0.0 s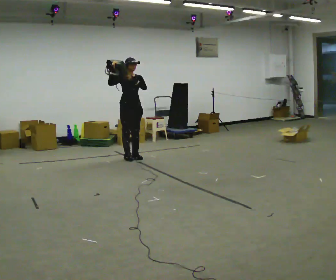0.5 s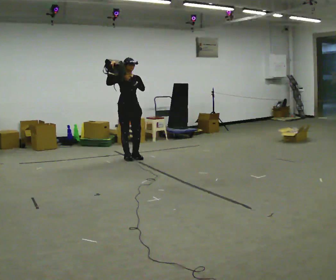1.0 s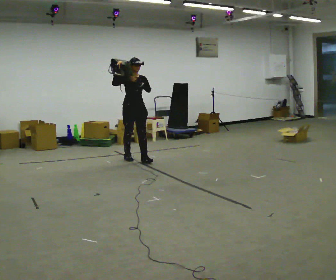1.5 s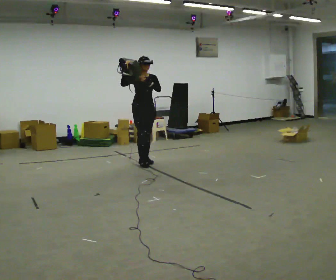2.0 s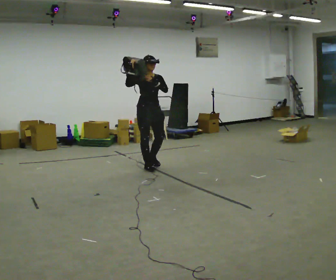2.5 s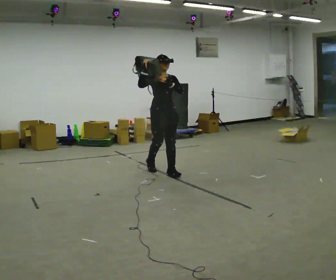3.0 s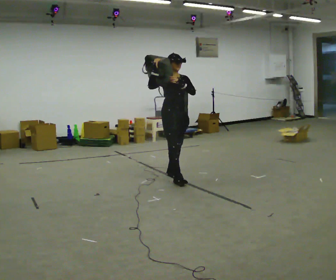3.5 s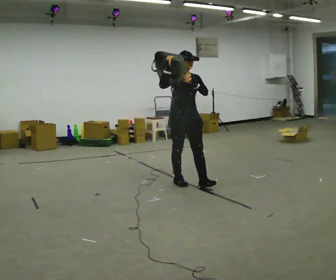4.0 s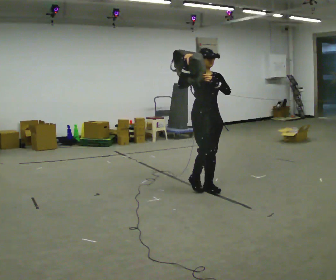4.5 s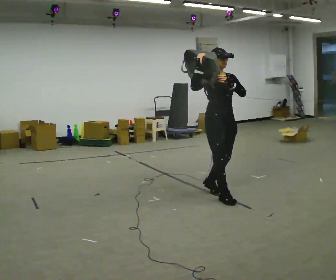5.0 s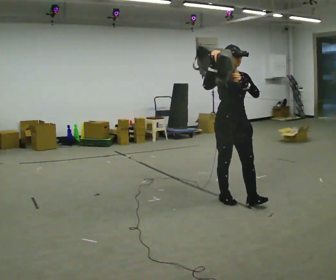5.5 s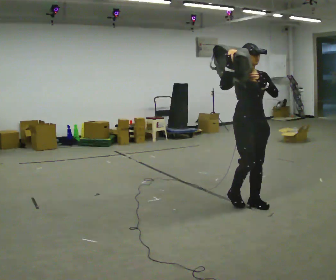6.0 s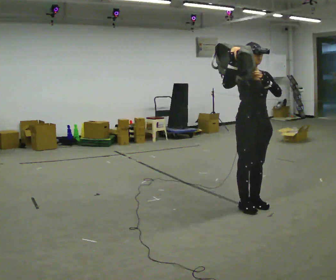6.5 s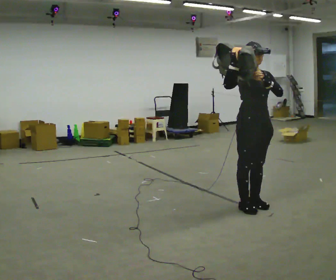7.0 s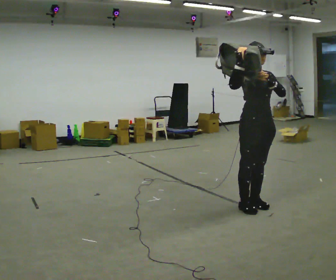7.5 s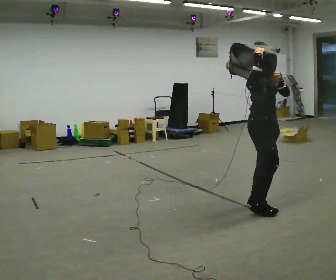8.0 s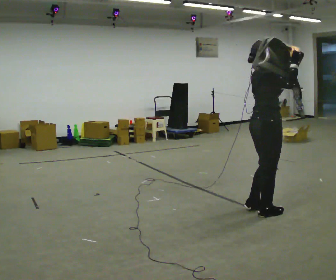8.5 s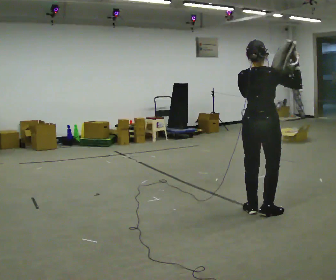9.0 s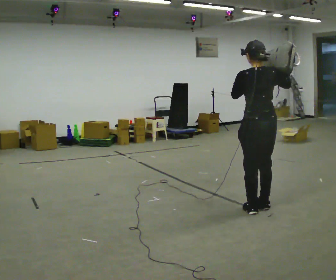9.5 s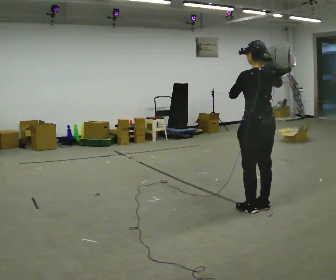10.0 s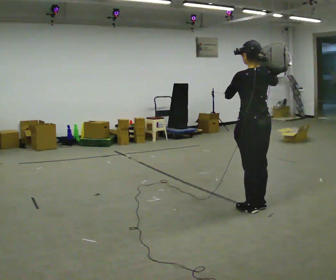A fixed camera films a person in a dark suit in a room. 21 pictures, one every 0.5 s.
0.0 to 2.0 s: In the picture they go toward the camera and to the right, about 0.5 m in 2 steps, which for them is forward.
2.0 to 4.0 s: In the picture they go to the right and toward the camera, about 1.5 m in 3 steps, which for them is forward.
4.0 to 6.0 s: In the picture they go to the right and toward the camera, about 1 m in 3 steps, which for them is forward.
6.0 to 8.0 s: The person turns about 75 degrees to their left, counterclockwise seen from above, so the part of the body nearest the lens slides to the right. In the picture they go toward the camera, about 0.25 m in 1 step. In the picture their right hand goes to the right.
8.0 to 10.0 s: The person turns about 105 degrees to their left, counterclockwise seen from above, so the part of the body nearest the lens slides to the right.
The film runs forward here.
